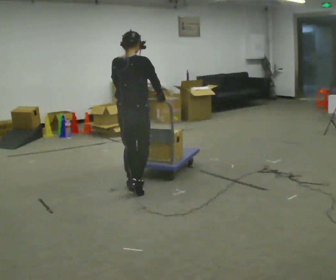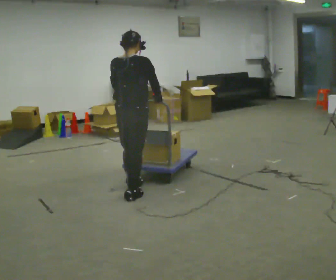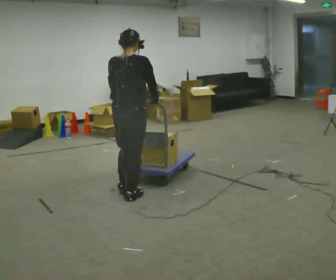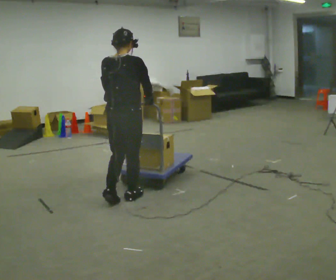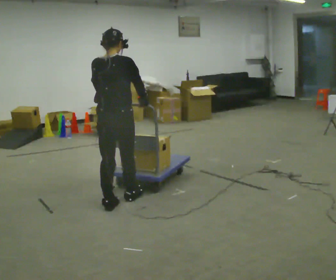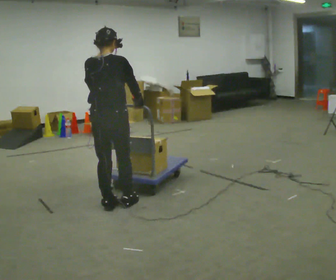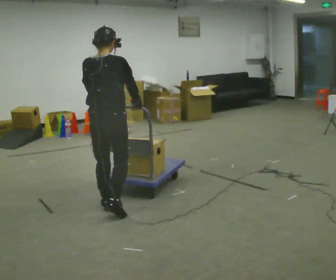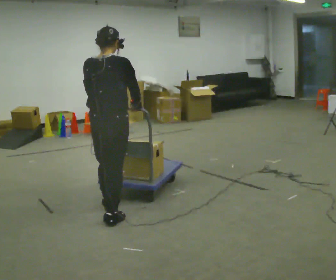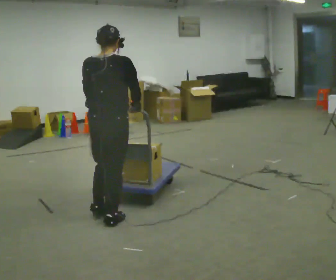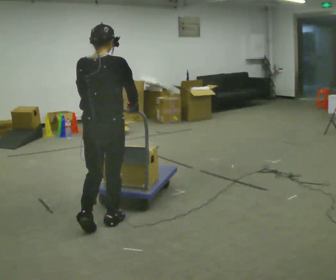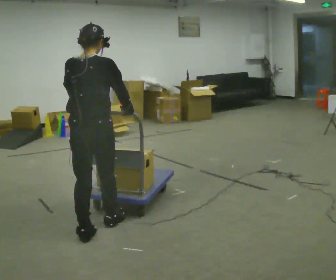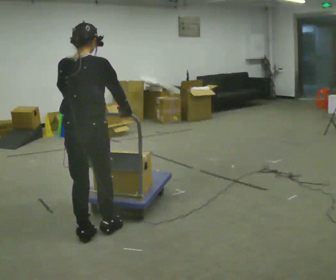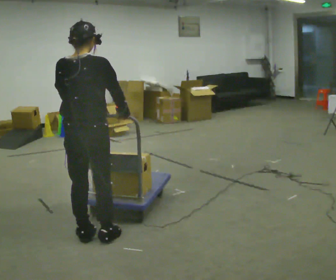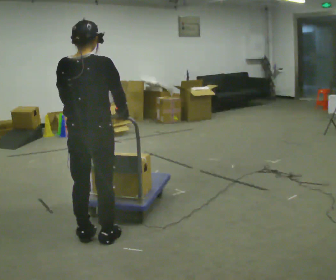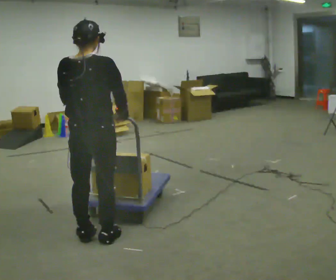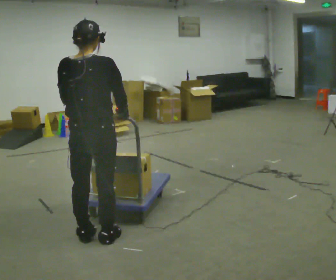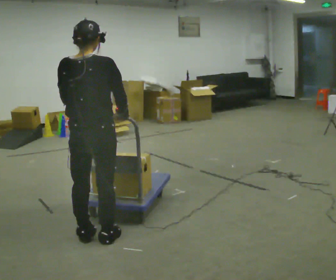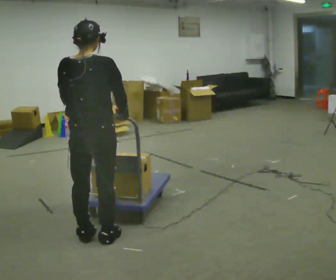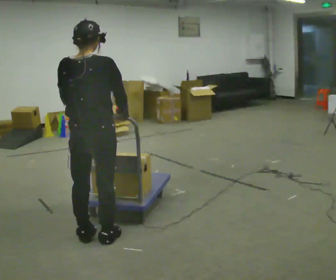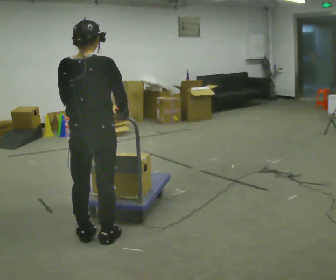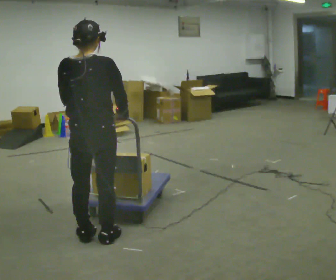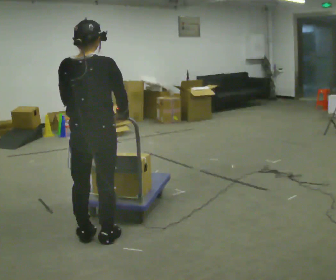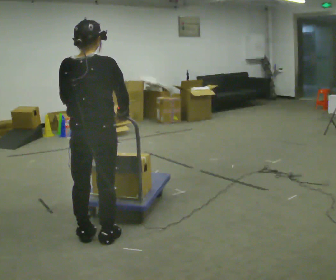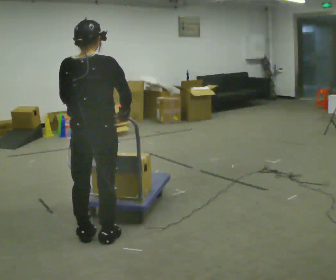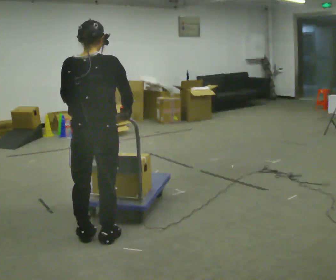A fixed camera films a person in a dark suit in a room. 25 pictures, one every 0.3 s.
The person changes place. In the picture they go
toward the camera.
0.0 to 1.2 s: In the picture they go toward the camera and to the left, about 0.5 m in 1 step, which for them is backward.
1.2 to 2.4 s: In the picture they go toward the camera, about 0.25 m in 2 steps, which for them is backward.
2.4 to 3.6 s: In the picture they go toward the camera and to the left, about 0.25 m in 1 step, which for them is backward.
3.6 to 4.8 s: The person moves a little, or ends about where they began.
4.8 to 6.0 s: The person keeps their place and pose.
6.0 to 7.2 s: The person moves a little, or ends about where they began.
The film runs backward here.
